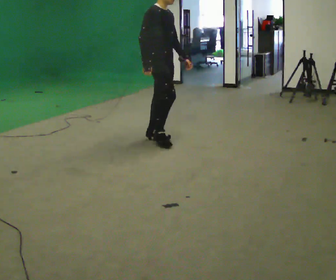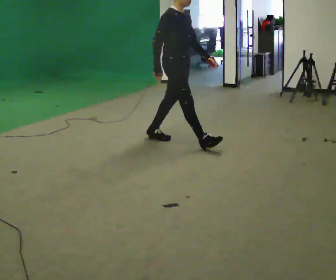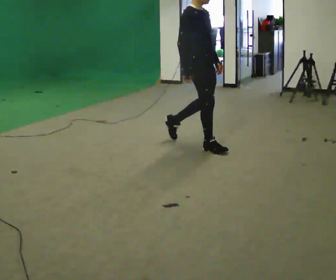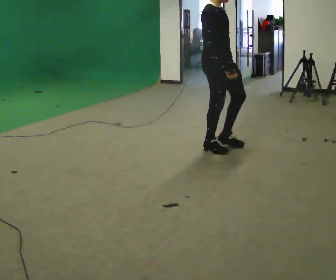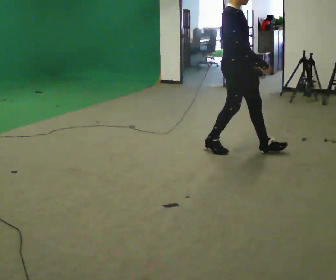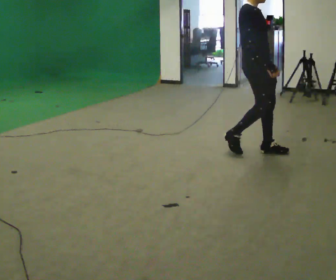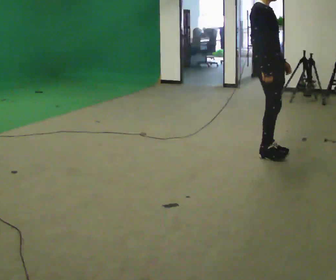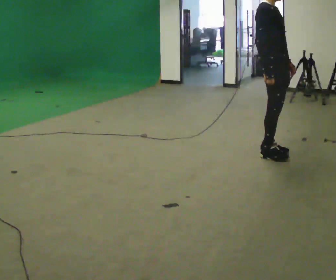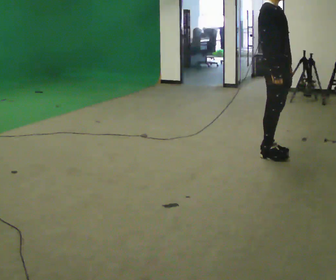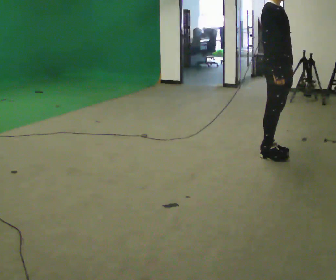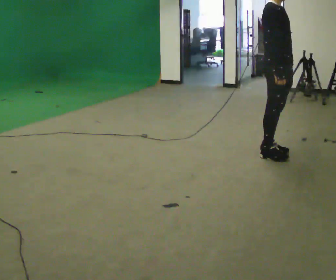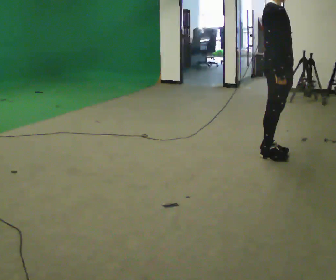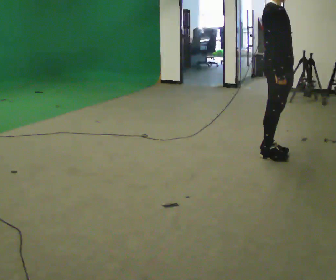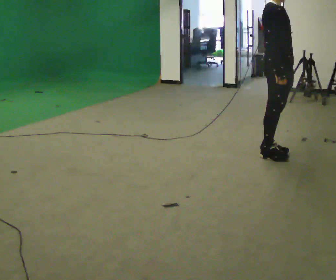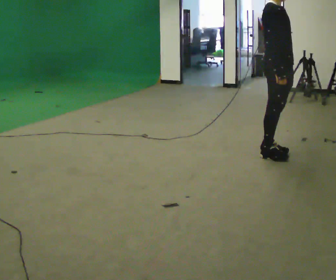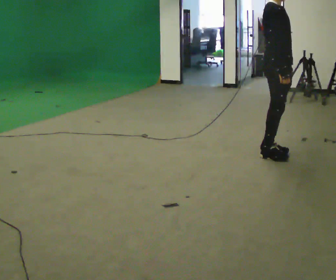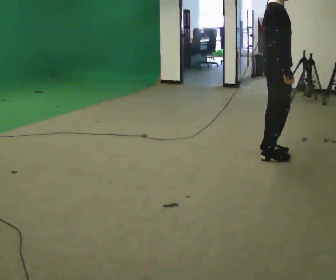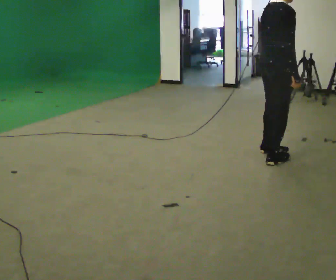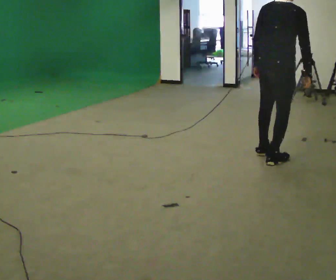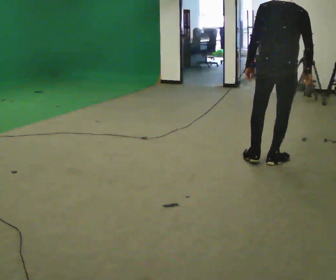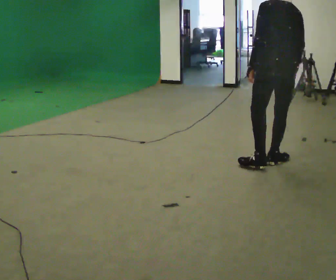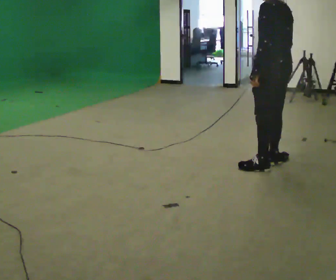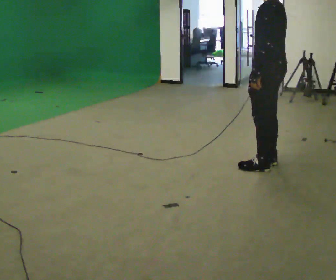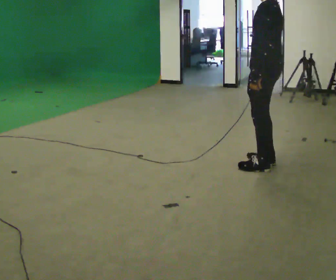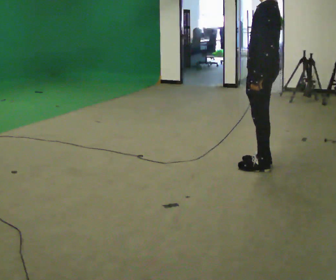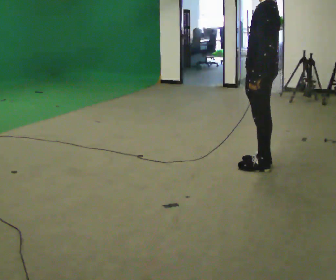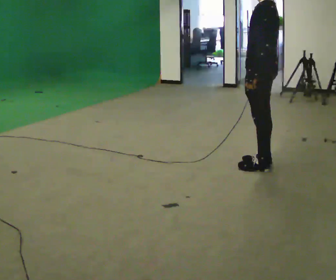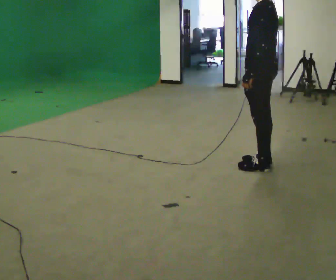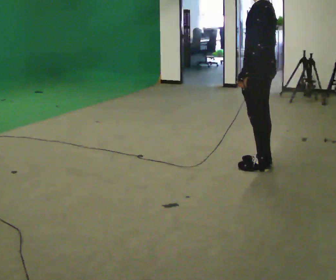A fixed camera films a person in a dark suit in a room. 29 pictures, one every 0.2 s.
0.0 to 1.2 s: In the picture they go to the right, about 1 m in 2 steps, which for them is forward.
1.2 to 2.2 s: The person moves a little, or ends about where they began.
2.2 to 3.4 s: Seen from above the body turns counterclockwise, about 45 degrees: to their left, with its near side sliding to the right.
3.4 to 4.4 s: Seen from above the body turns counterclockwise, about 120 degrees: to their left, with its near side sliding to the right. In the picture they go toward the camera, about 0.25 m in 1 step.
4.4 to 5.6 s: The person moves a little, or ends about where they began.
The film runs forward here.
